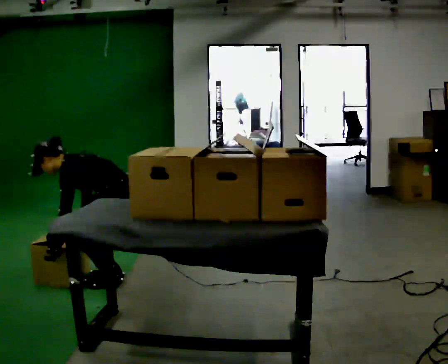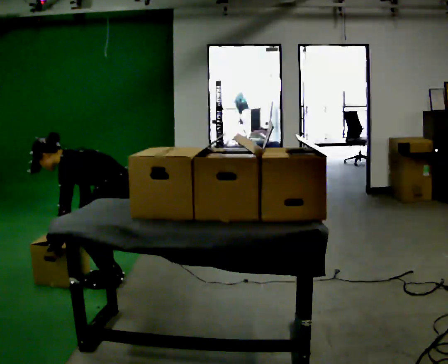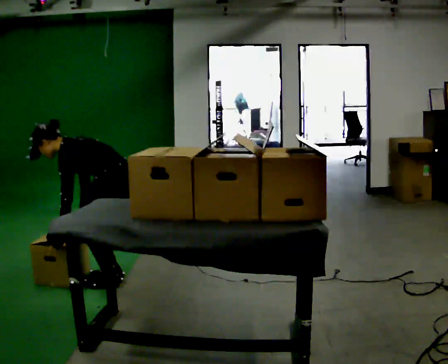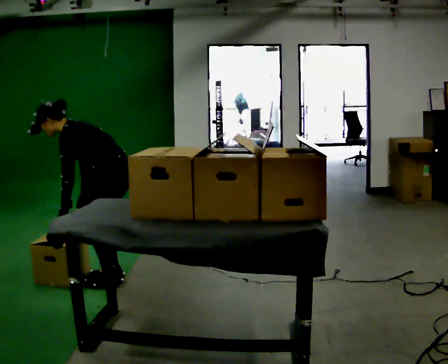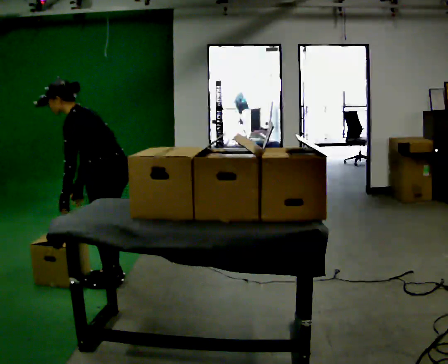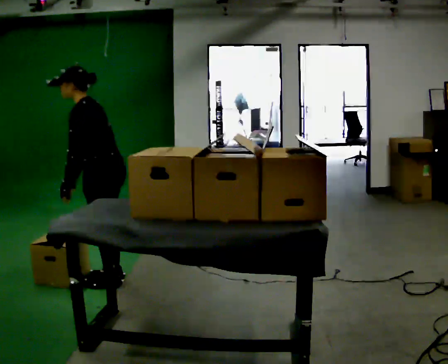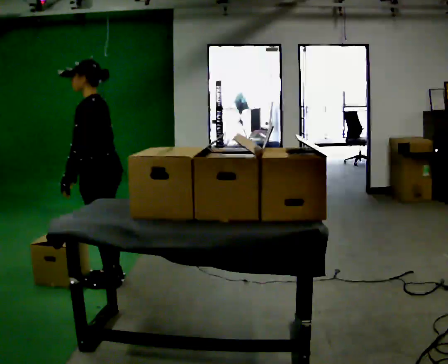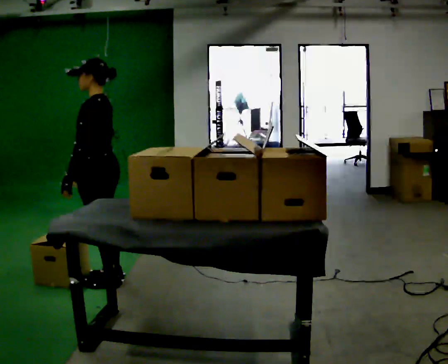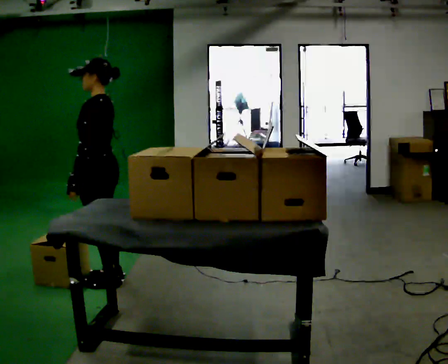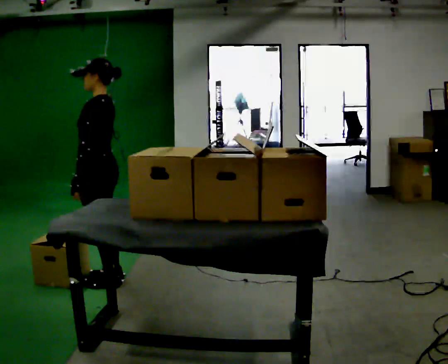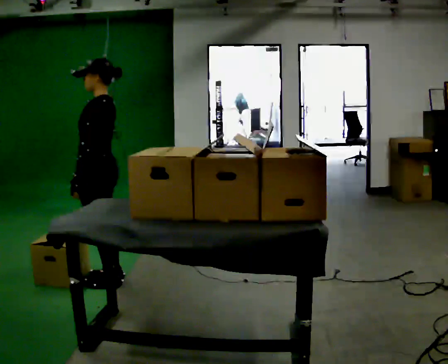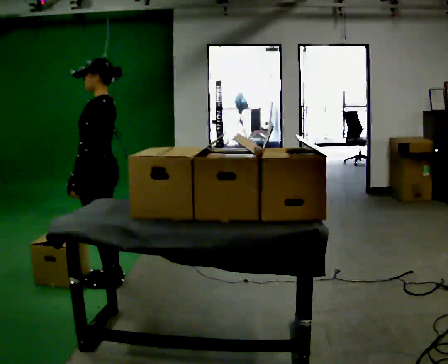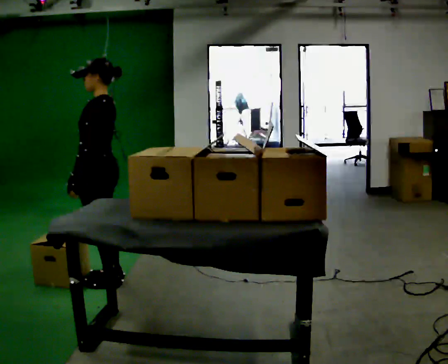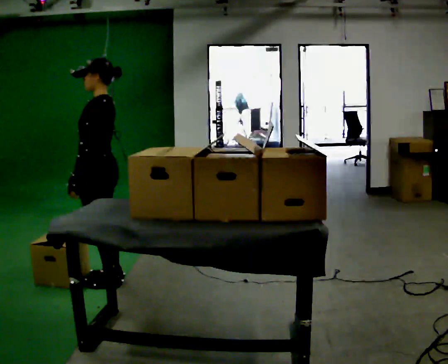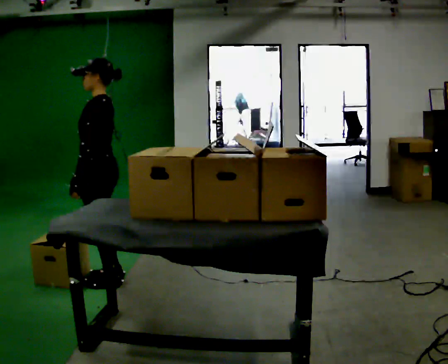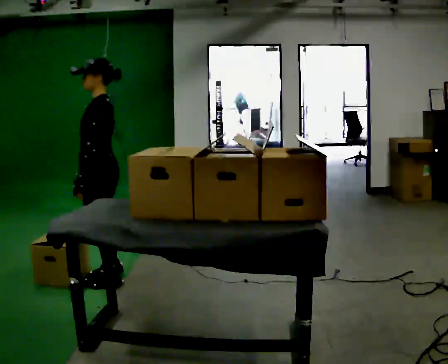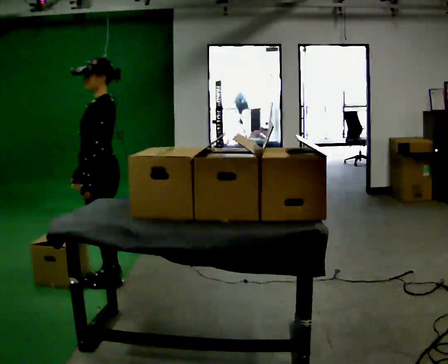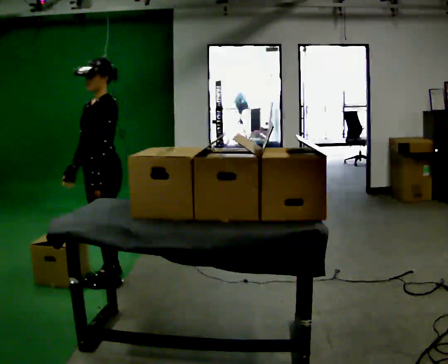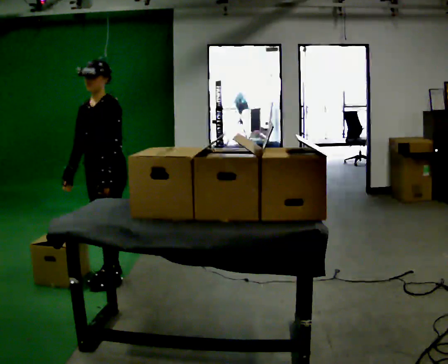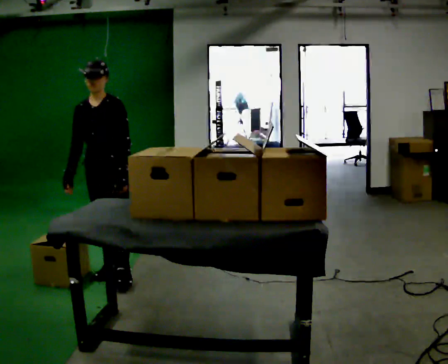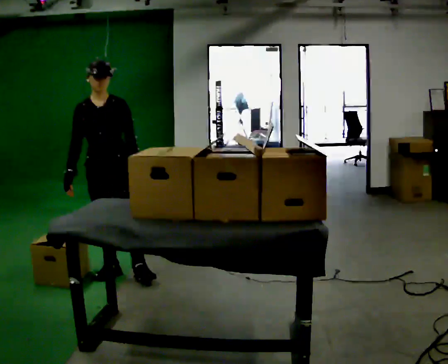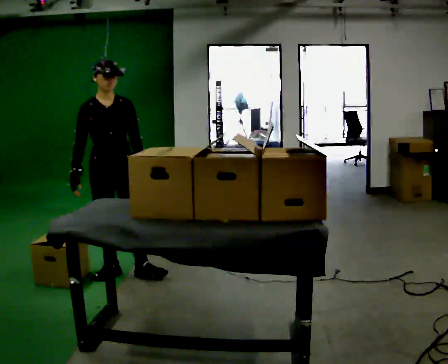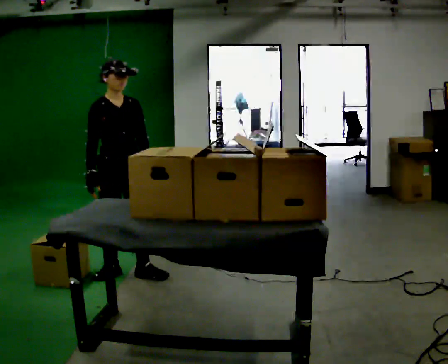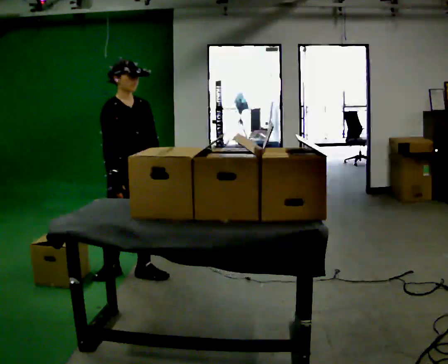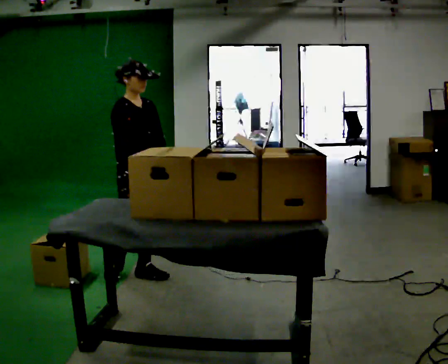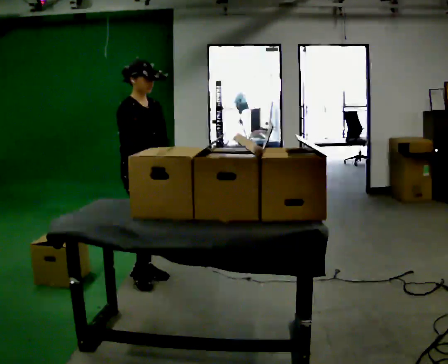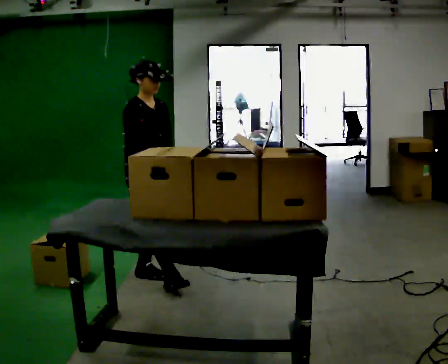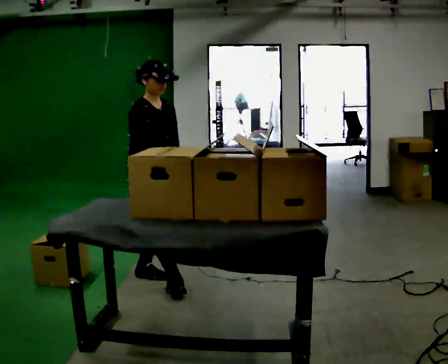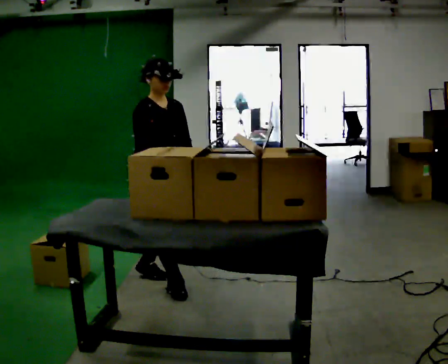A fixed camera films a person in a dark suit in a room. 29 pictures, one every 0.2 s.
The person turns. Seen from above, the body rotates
counterclockwise.
The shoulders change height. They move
upward.
0.0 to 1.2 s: The upper body goes upward. In the picture the upper body tilts clockwise, shoulders to the right, as they lean back or straighten. In the picture their right hand goes upward.
1.2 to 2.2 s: The person moves a little, or ends about where they began.
2.2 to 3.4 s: Seen from above the body turns counterclockwise, about 45 degrees: to their left, with its near side sliding to the right.
3.4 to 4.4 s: The person turns about 90 degrees to their left, counterclockwise seen from above, so the part of the body nearest the lens slides to the right.
4.4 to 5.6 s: In the picture they go to the right and toward the camera, about 0.25 m in 1 step, which for them is forward.
The film runs forward here.
